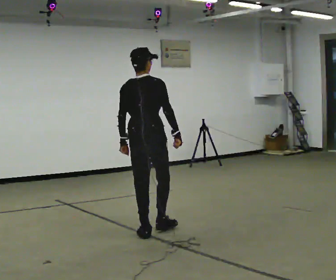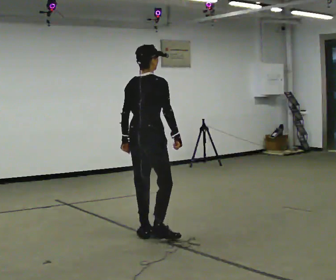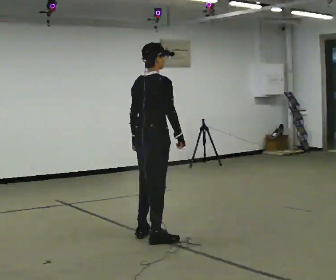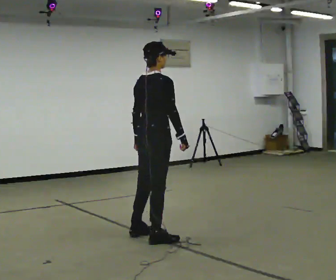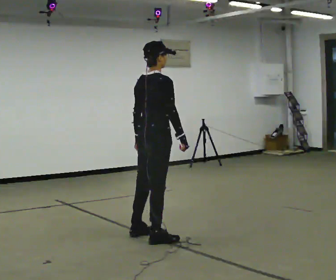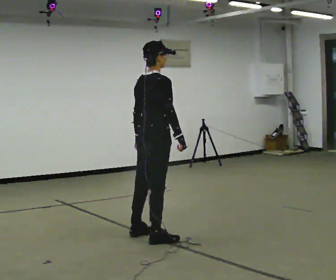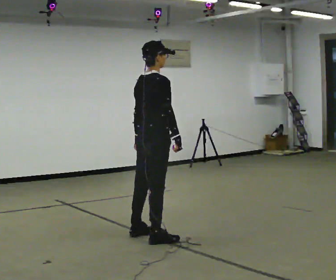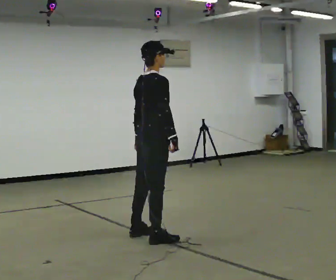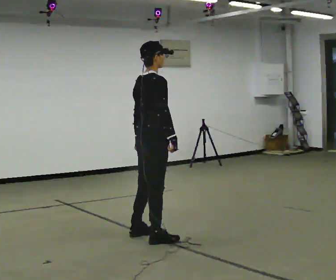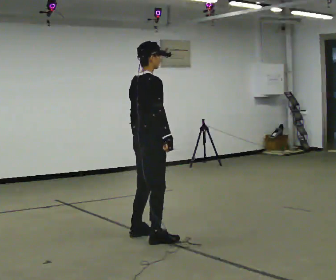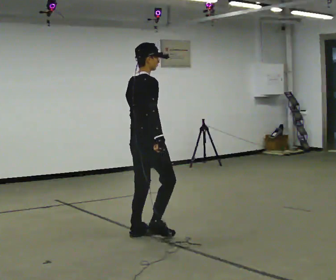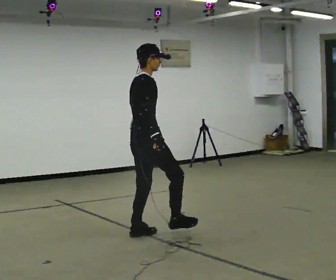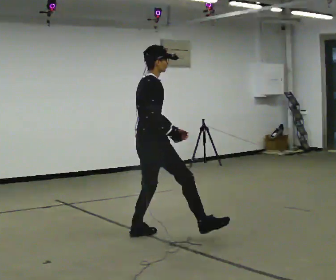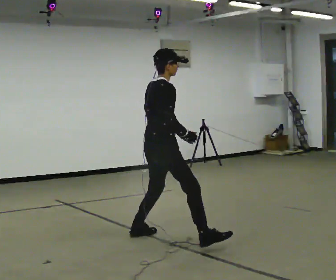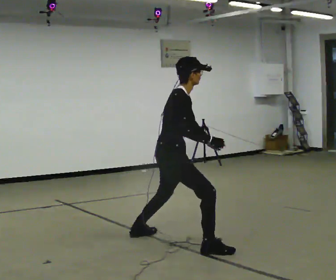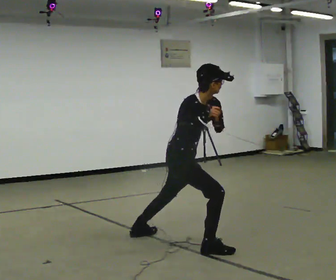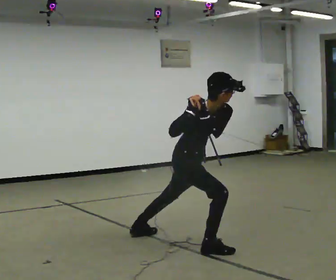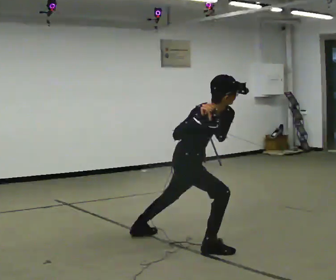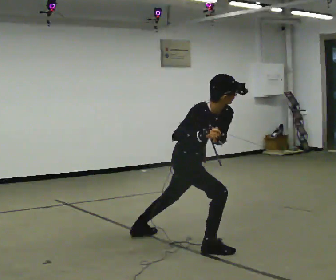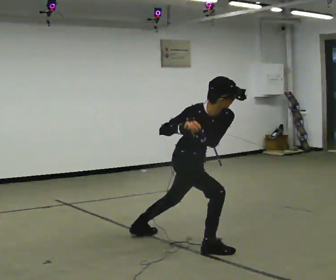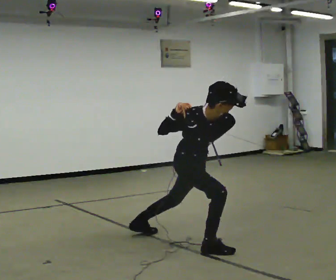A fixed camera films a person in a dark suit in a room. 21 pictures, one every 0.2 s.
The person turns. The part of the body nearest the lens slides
to the left.
The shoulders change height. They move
downward.
0.0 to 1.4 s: The part of the body nearest the lens slides to the left as the person turns to their right by about 30 degrees. In the picture they go toward the camera, about 0.25 m in 2 steps, which for them is to their right.
1.4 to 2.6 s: In the picture their left hand goes to the right.
2.6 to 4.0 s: The person turns about 60 degrees to their right, clockwise seen from above, so the part of the body nearest the lens slides to the left. In the picture they go to the right, about 0.25 m in 1 step. The shoulders move downward. The upper body tips toward the camera, its near side rolling downward, as they bend forward.
The film runs forward here.
